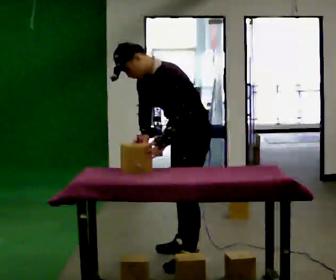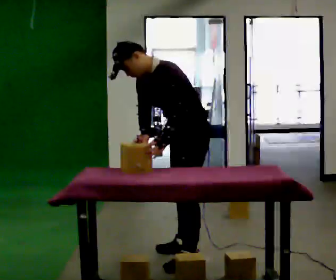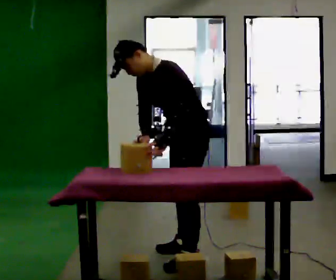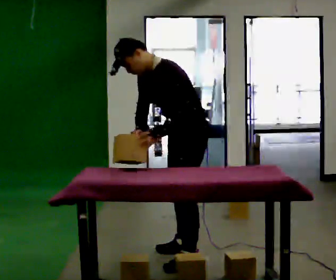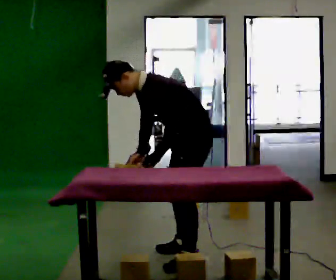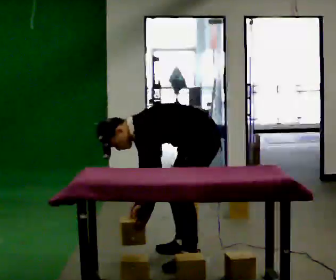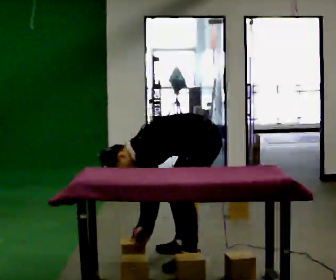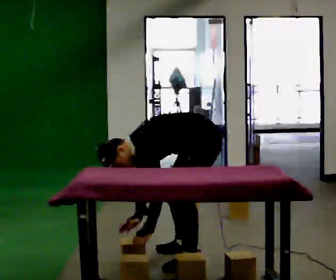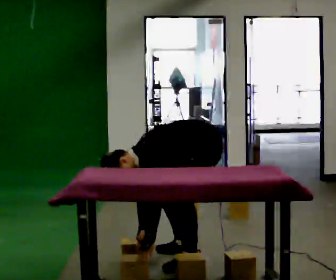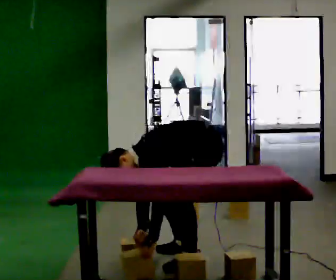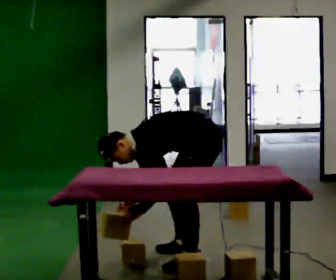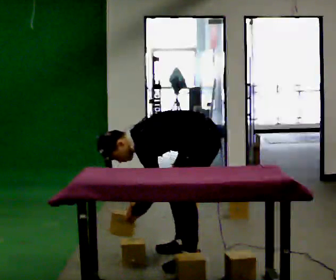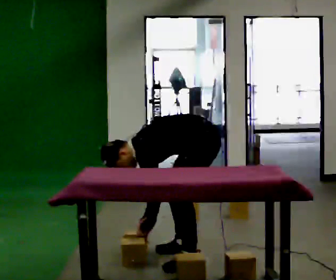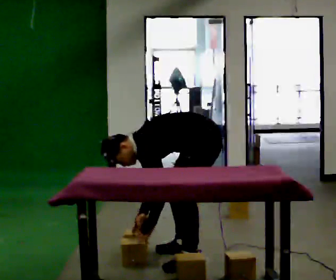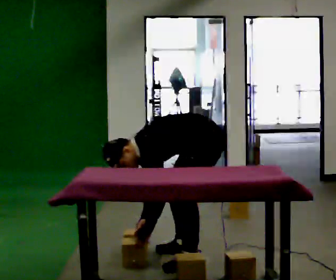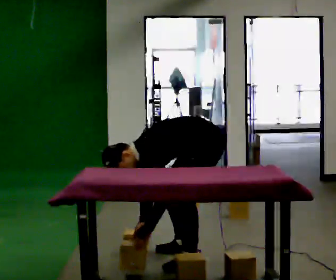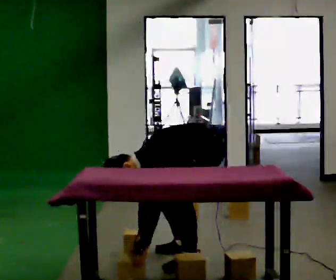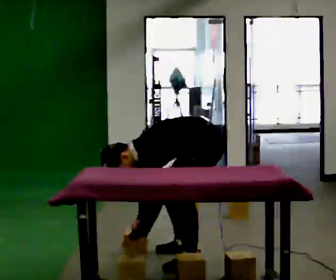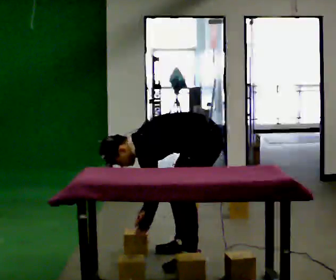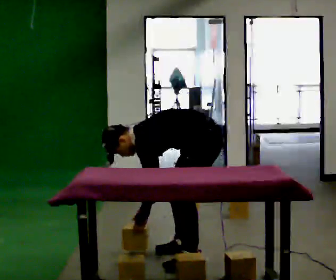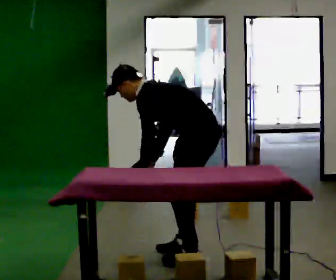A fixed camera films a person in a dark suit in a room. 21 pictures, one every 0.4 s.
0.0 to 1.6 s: The person moves a little, or ends about where they began.
1.6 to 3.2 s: The upper body goes downward. In the picture the upper body tilts counterclockwise, shoulders to the left, as they bend forward. In the picture their left hand goes downward.
3.2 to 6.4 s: The person moves a little, or ends about where they began.
6.4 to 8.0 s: The part of the body nearest the lens slides to the left as the person turns to their right by about 30 degrees. The shoulders move upward. The upper body tips away from the camera, its near side rolling upward, as they lean back or straighten. In the picture their right hand goes upward.
The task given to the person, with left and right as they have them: Take the boxes off the top, get the one from the bottom, carry it away, then put the others back. Keep going until the operator says stop; one object at a time, and do not rush between trips.
The film runs forward here.
